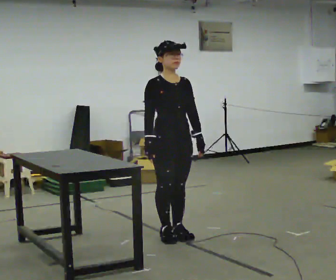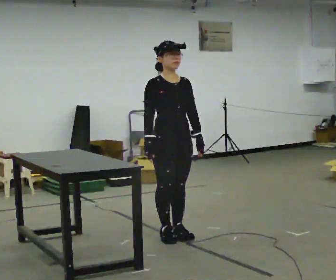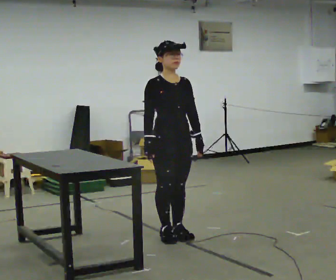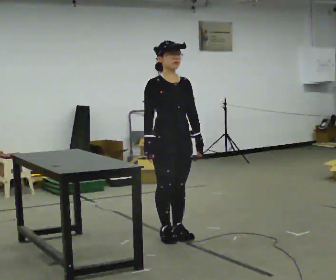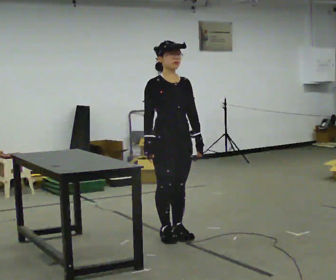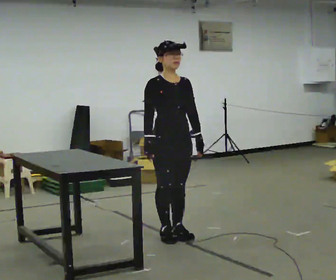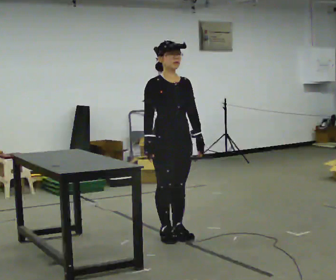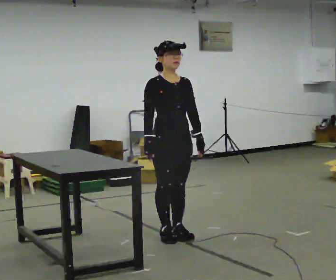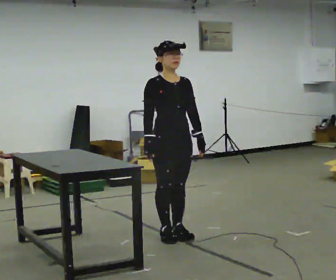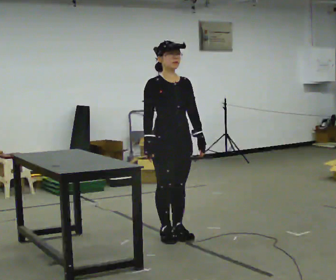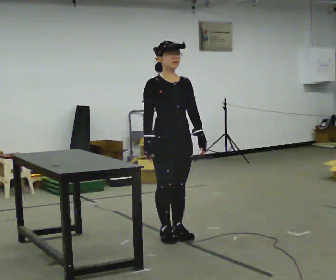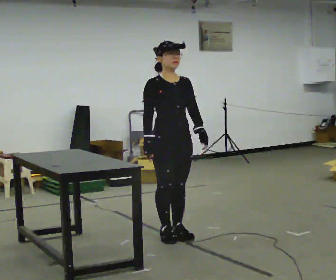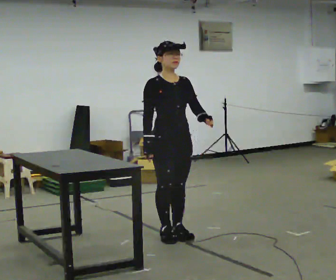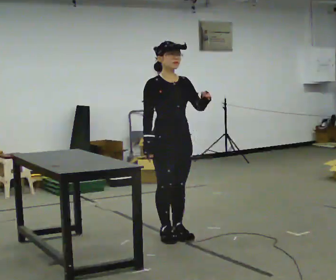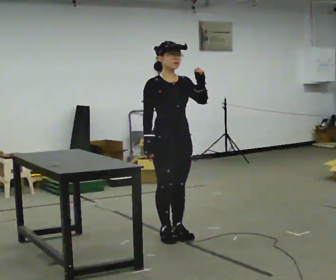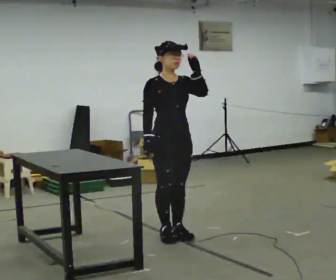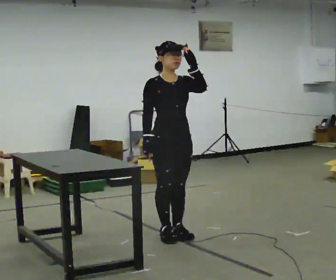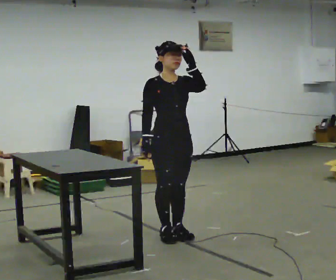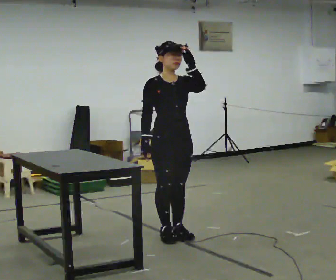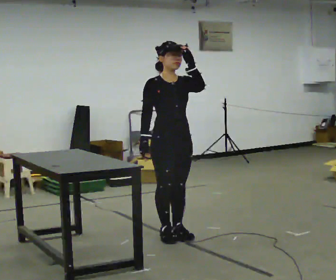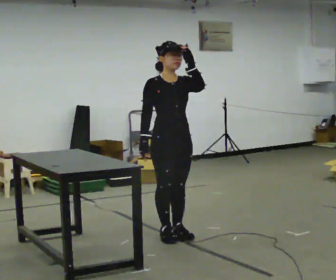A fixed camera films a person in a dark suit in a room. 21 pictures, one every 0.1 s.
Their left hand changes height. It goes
upward.
0.0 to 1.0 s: The person moves a little, or ends about where they began.
1.0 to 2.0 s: In the picture their left hand goes upward.
The film runs forward here.
